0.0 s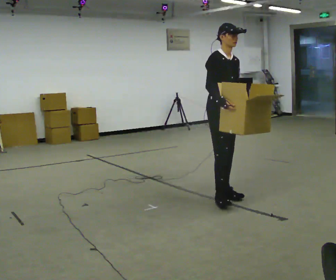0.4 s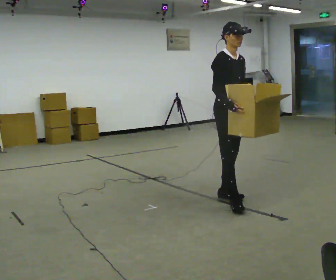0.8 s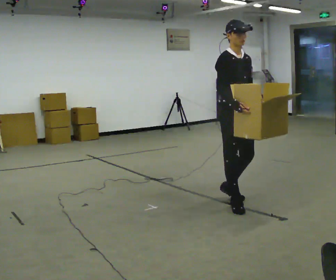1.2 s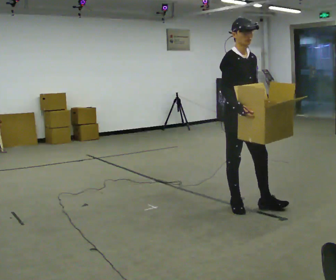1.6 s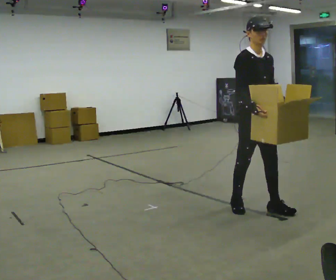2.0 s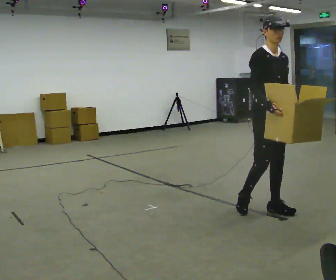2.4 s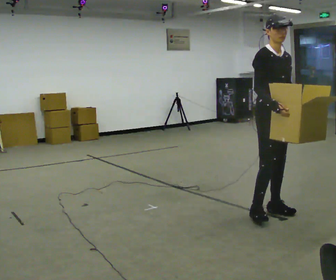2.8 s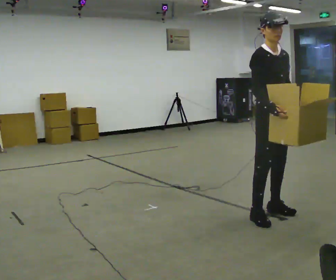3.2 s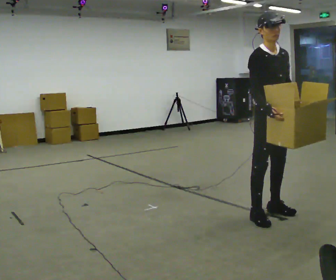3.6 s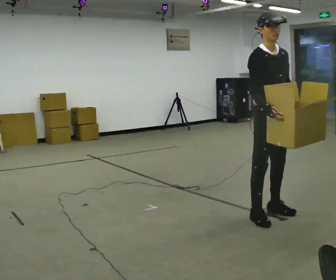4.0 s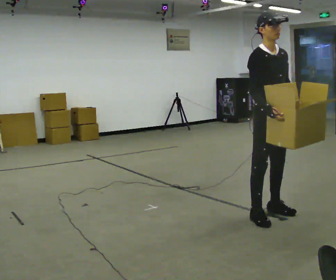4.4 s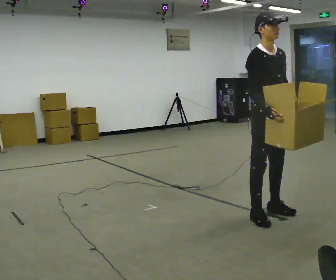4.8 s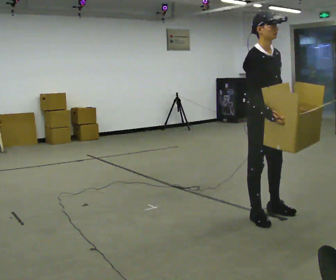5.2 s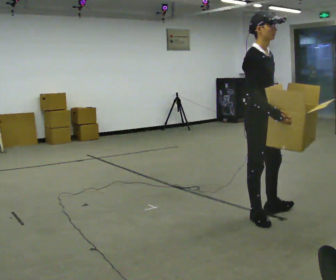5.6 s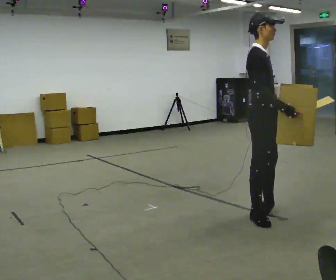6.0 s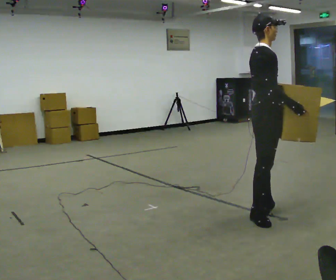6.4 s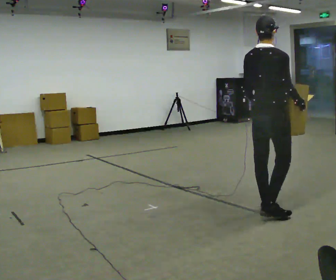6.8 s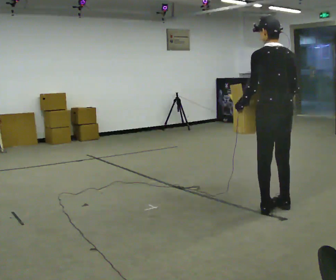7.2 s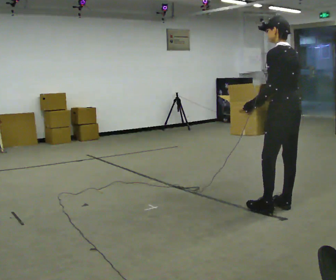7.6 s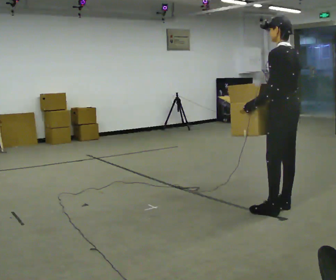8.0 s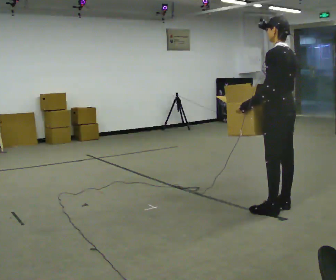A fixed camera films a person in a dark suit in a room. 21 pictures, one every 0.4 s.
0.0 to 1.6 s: In the picture they go toward the camera and to the right, about 0.5 m in 2 steps, which for them is forward.
1.6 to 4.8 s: In the picture they go toward the camera, about 0.25 m in 1 step, which for them is forward.
4.8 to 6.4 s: The person turns about 105 degrees to their left, counterclockwise seen from above, so the part of the body nearest the lens slides to the right. In the picture they go away from the camera, about 0.25 m. In the picture their right hand goes to the right.
6.4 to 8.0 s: Seen from above the body turns counterclockwise, about 75 degrees: to their left, with its near side sliding to the right.
The film runs forward here.
